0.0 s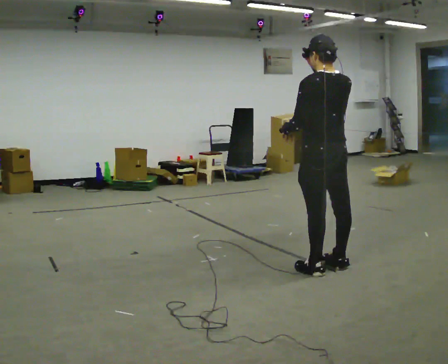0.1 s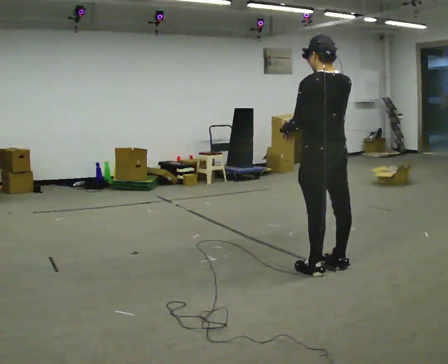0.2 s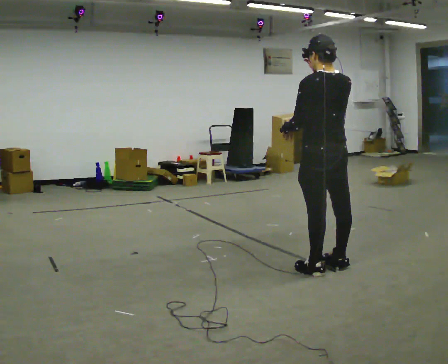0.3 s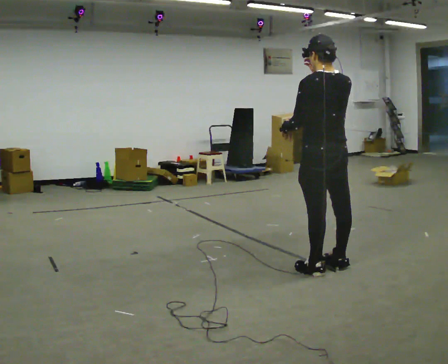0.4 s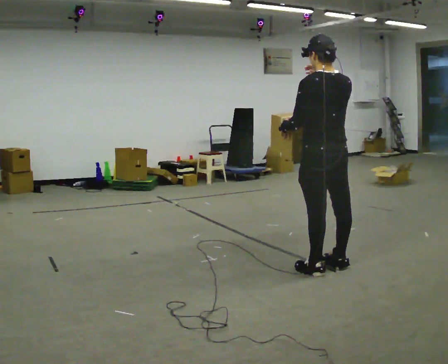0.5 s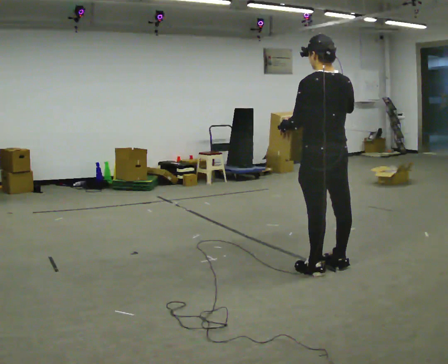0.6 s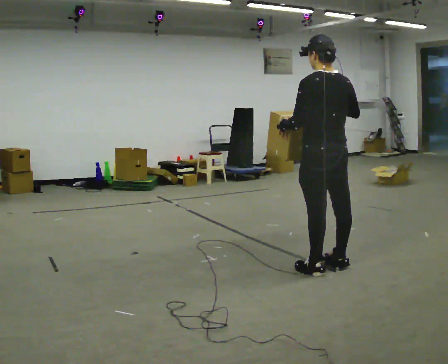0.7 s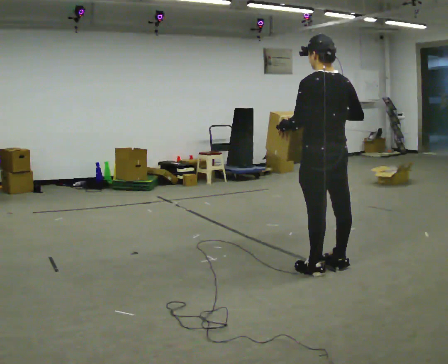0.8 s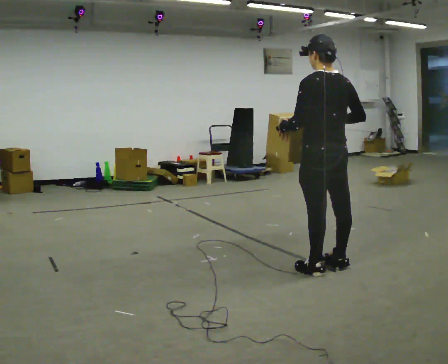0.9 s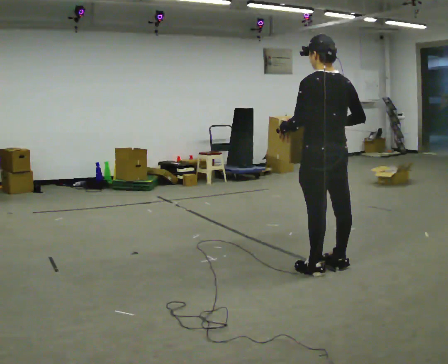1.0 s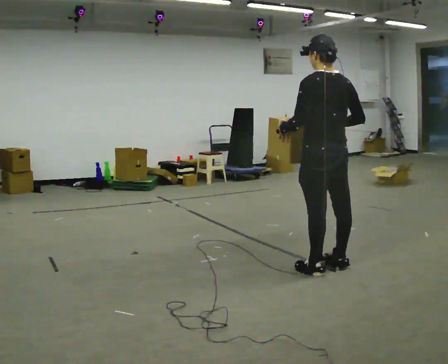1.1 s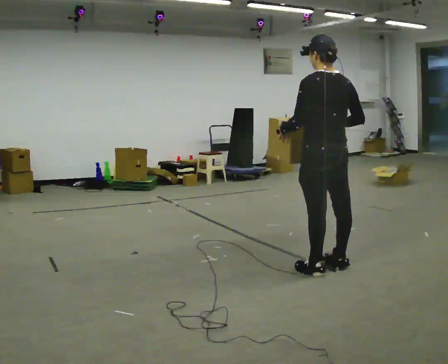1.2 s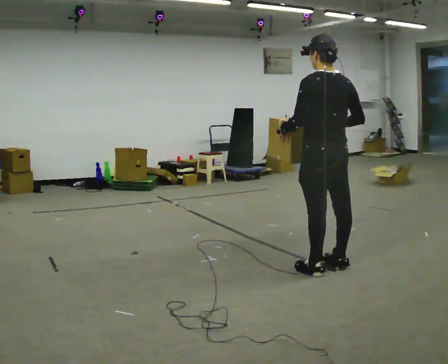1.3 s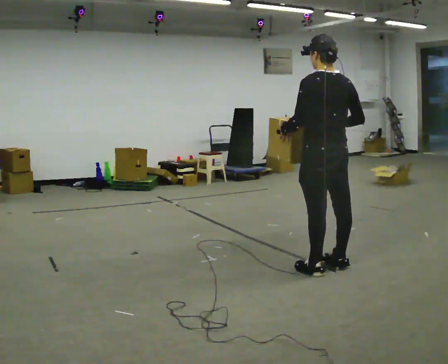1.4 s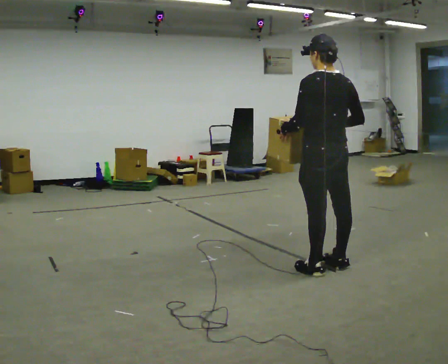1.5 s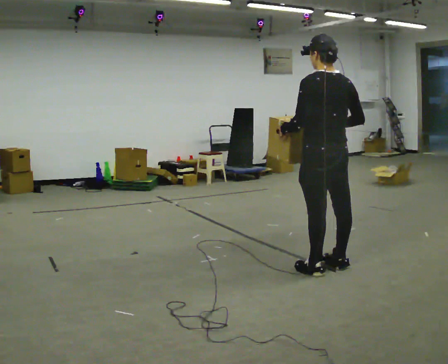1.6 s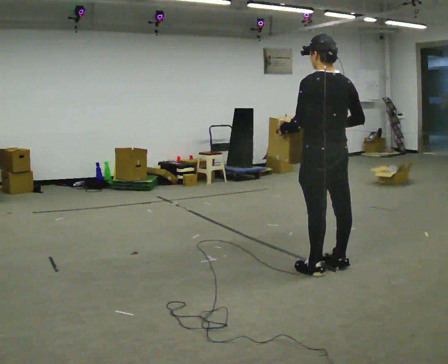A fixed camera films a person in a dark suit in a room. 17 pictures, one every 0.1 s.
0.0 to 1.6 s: In the picture their right hand goes downward.
The film runs backward here.
